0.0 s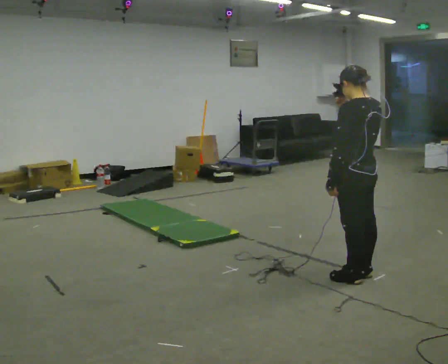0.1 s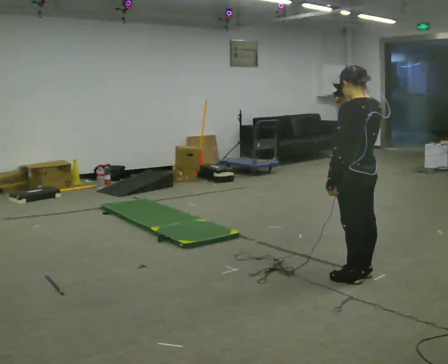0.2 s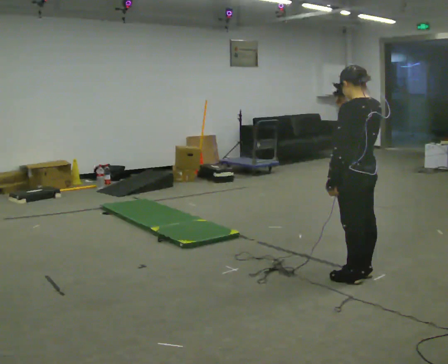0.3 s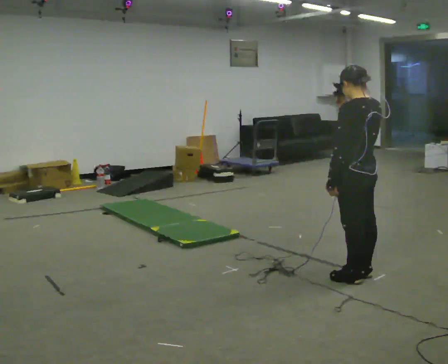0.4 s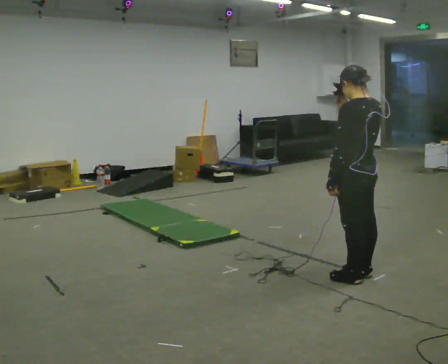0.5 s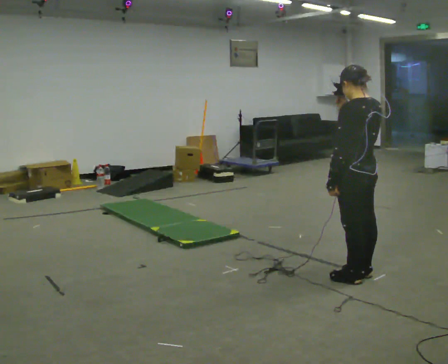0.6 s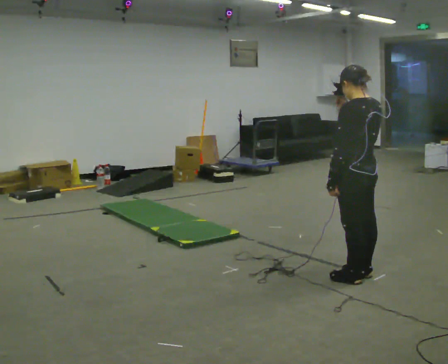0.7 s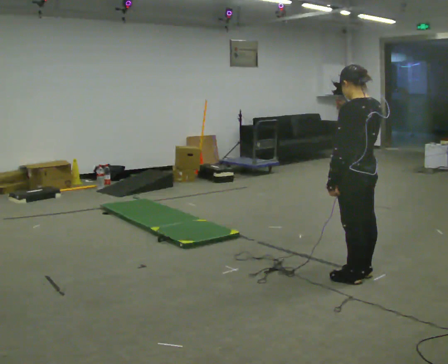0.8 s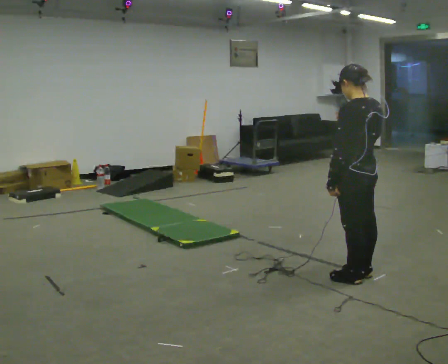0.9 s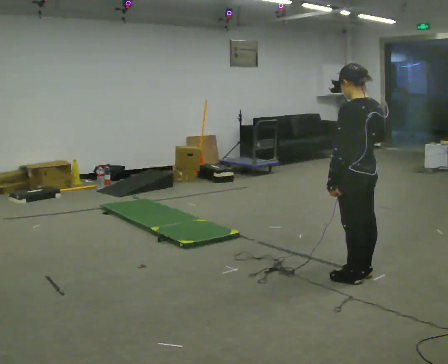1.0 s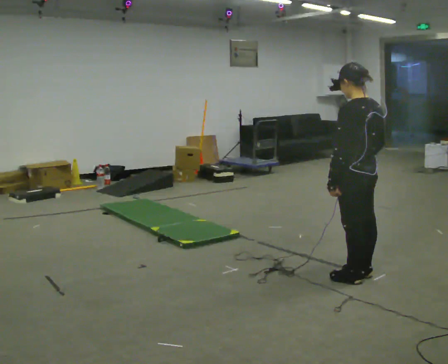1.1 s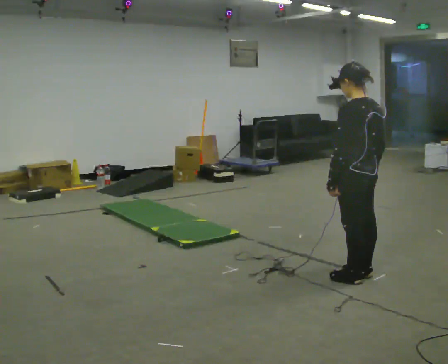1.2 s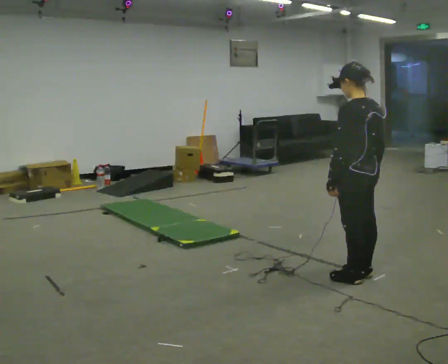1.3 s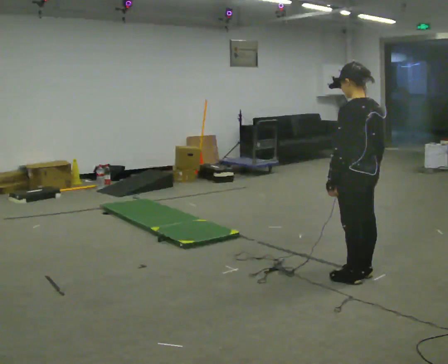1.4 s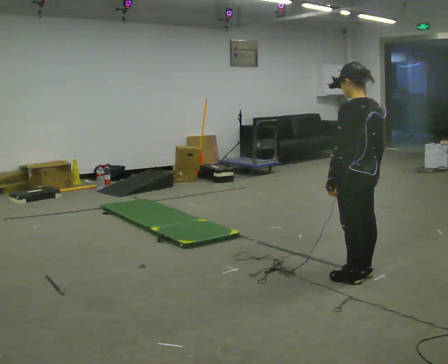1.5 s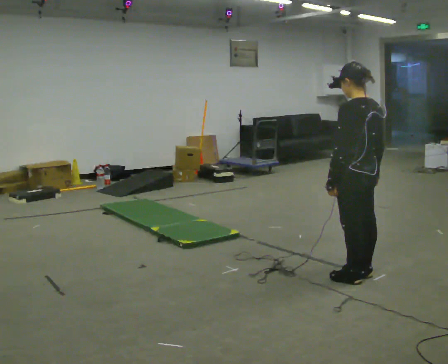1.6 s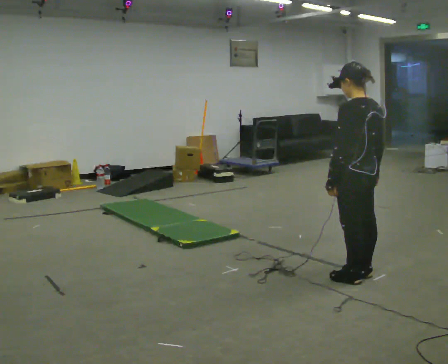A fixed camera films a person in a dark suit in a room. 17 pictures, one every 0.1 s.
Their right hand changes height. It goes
downward.
0.0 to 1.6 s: In the picture their right hand goes downward.
The film runs backward here.
